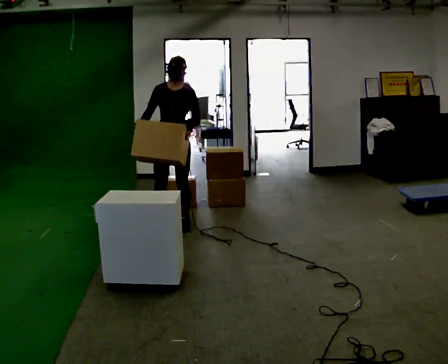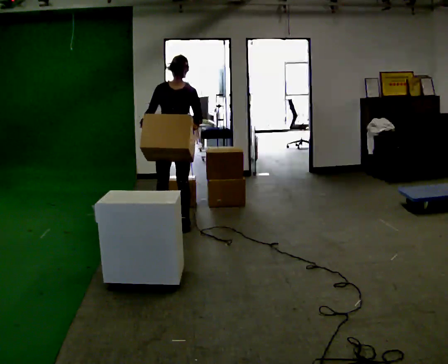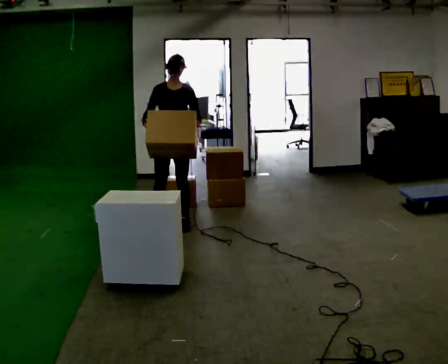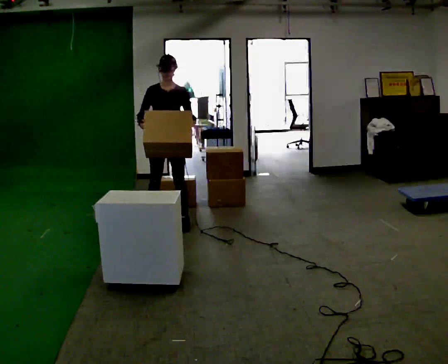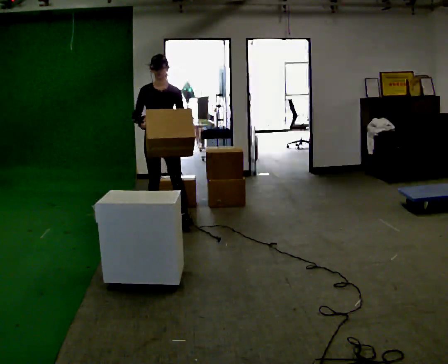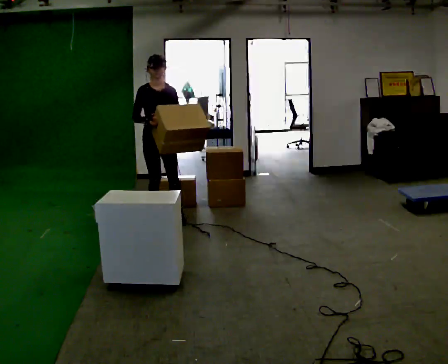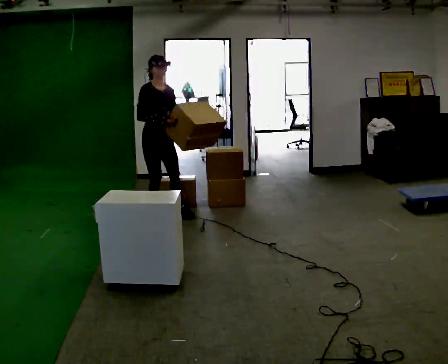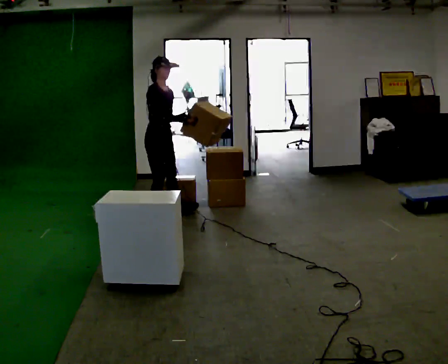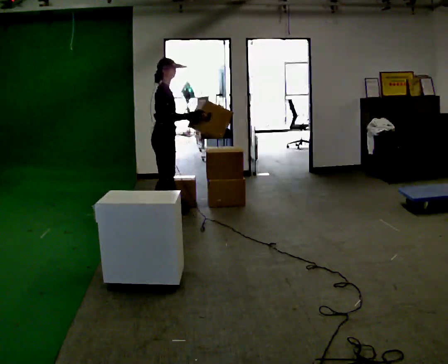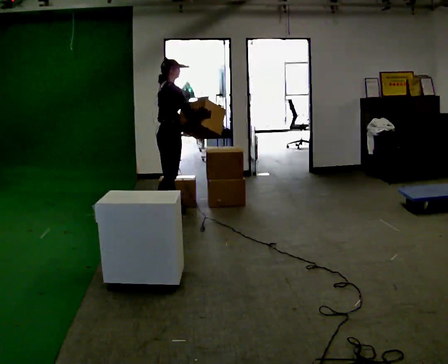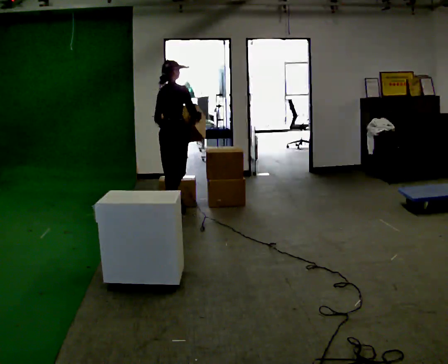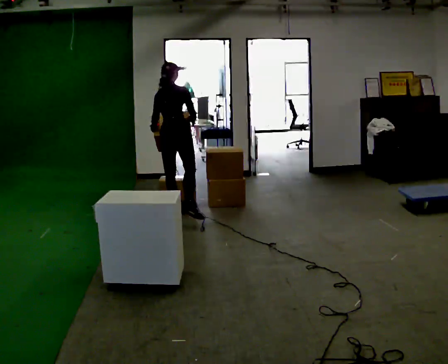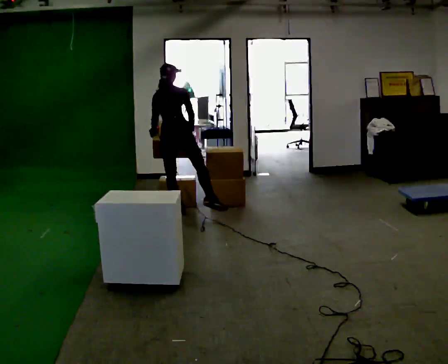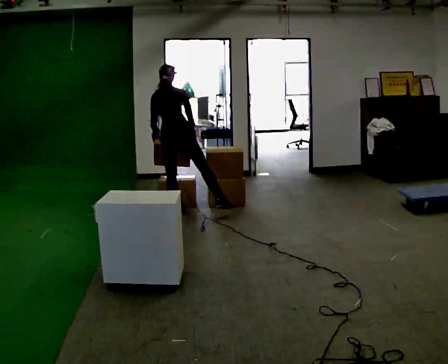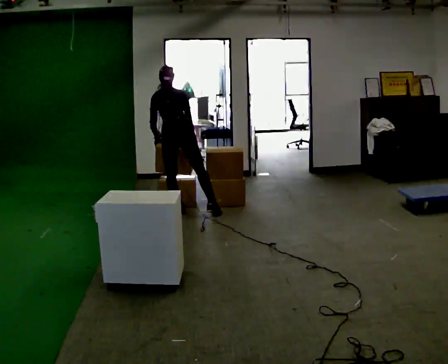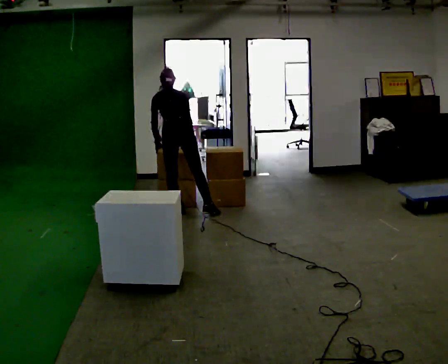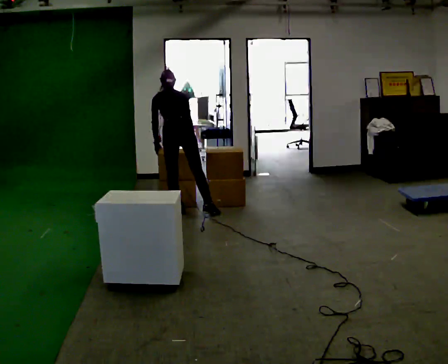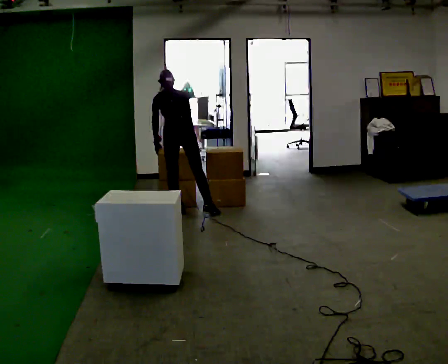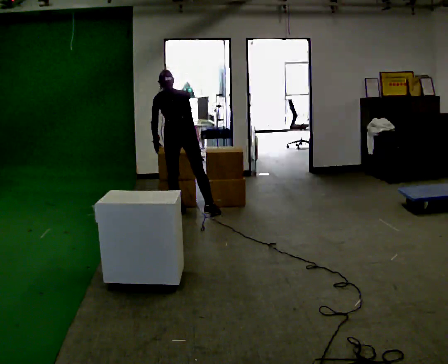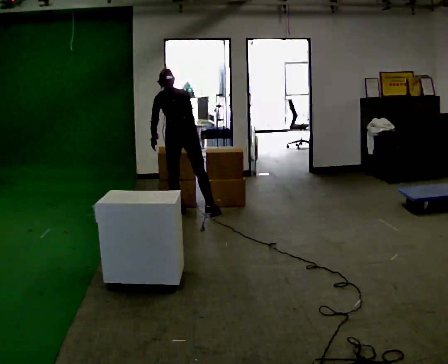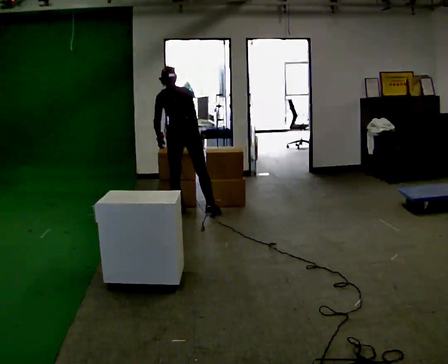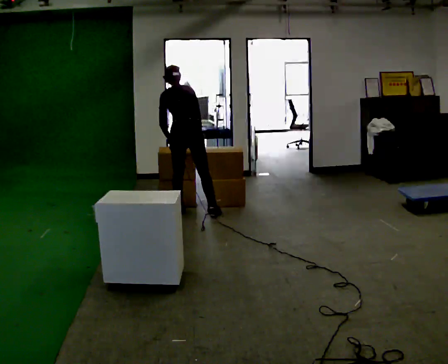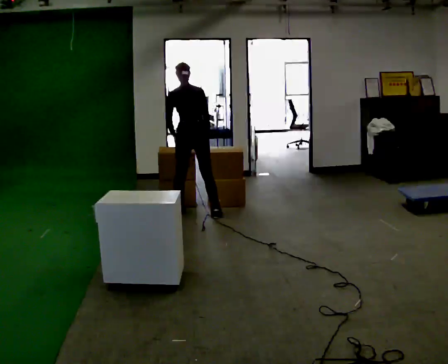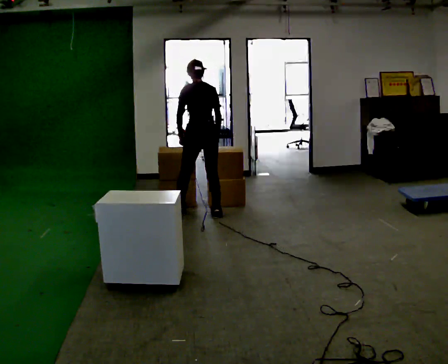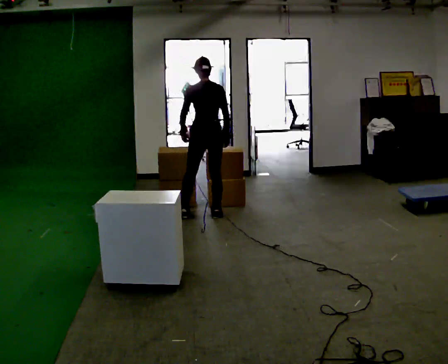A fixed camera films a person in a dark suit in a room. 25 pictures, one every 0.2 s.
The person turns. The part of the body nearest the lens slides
to the right.
The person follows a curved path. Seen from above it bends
clockwise.
0.0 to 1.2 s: The part of the body nearest the lens slides to the right as the person turns to their left by about 45 degrees. In the picture they go away from the camera and to the left, about 0.25 m in 1 step, which for them is backward and to their right.
1.2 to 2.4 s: Seen from above the body turns counterclockwise, about 120 degrees: to their left, with its near side sliding to the right. In the picture they go away from the camera, about 0.25 m in 1 step. The upper body tips away from the camera, its near side rolling upward, as they bend forward.
2.4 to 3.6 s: The person moves a little, or ends about where they began.
3.6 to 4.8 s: In the picture they go to the right and toward the camera, about 0.25 m in 1 step, which for them is to their right. The upper body tips toward the camera, its near side rolling downward, as they lean back or straighten.
The film runs backward here.
